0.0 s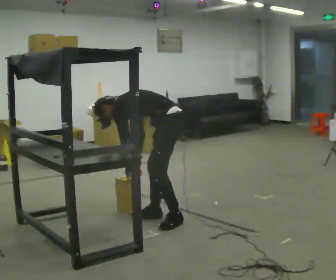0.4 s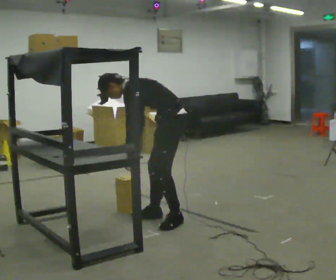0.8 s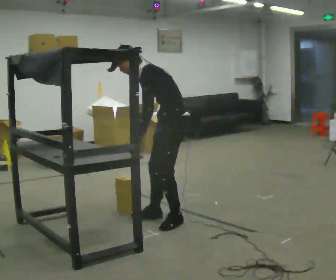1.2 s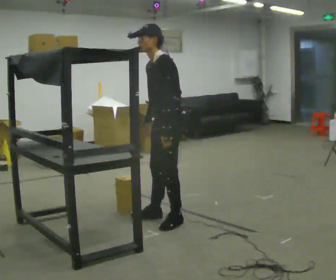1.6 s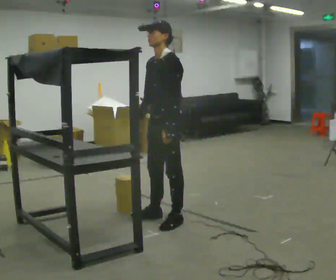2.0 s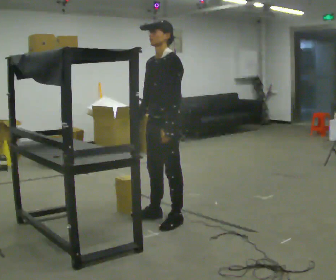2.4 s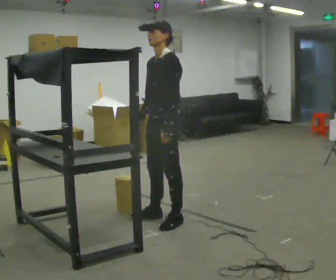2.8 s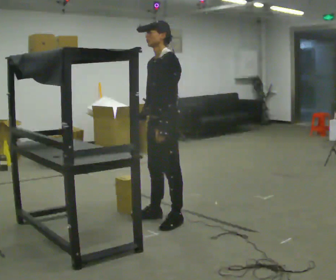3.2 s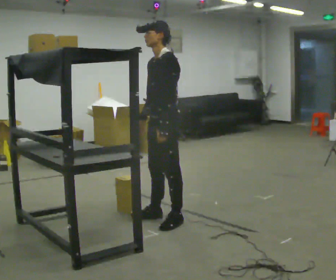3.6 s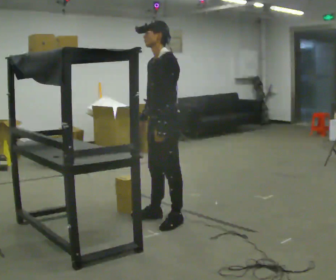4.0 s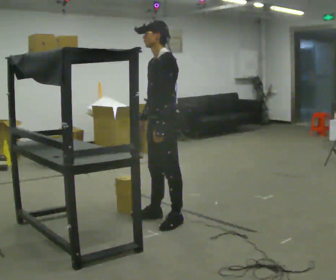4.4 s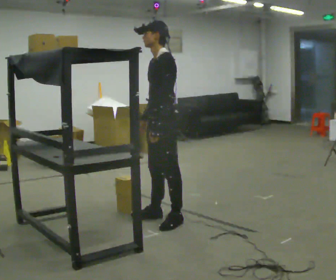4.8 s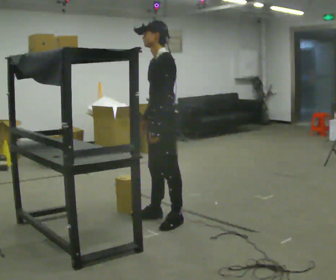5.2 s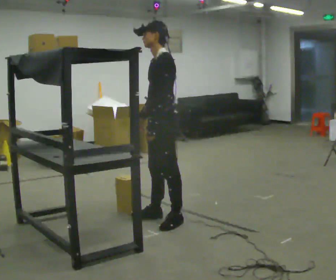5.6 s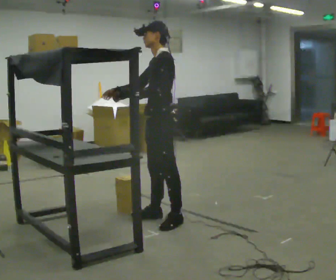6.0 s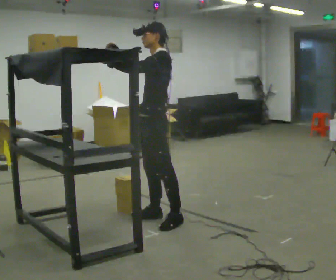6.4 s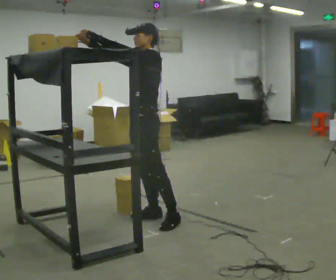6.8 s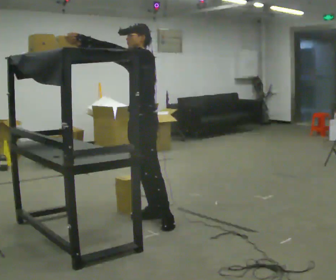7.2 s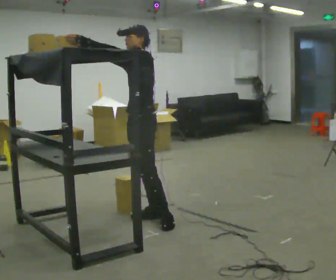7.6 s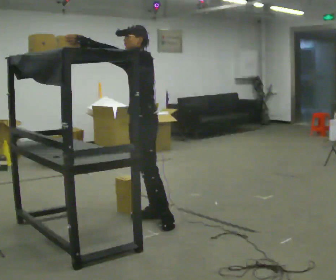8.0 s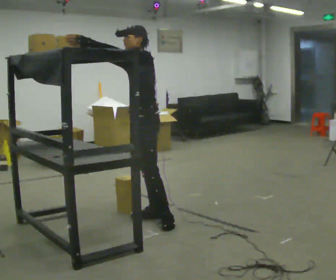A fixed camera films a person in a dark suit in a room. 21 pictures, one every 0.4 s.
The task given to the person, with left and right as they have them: Pick an object up off the floor at your feet and place it on the highest shelf you can comfortably reach. Repeat at your own pace until the operator says stop. Keep both feet on the marked spots for the whole take. If you have to step, stop and tell the operator.
0.0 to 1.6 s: The person turns about 45 degrees to their left, counterclockwise seen from above, so the part of the body nearest the lens slides to the right. The upper body goes upward. In the picture the upper body tilts clockwise, shoulders to the right, as they lean back or straighten. In the picture their right hand goes upward.
1.6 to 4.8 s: The person moves a little, or ends about where they began.
4.8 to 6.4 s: In the picture their left hand goes upward and to the left, the arm swinging clockwise.
6.4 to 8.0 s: The person moves a little, or ends about where they began.
The film runs forward here.
